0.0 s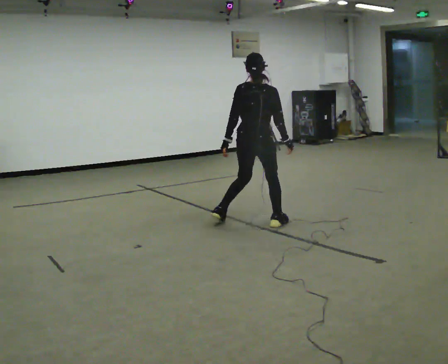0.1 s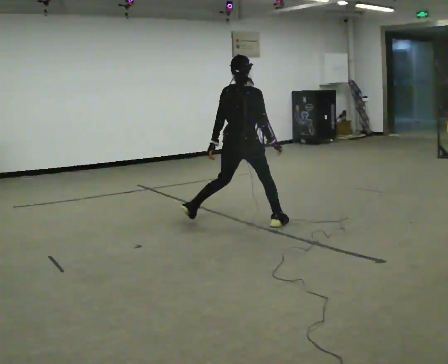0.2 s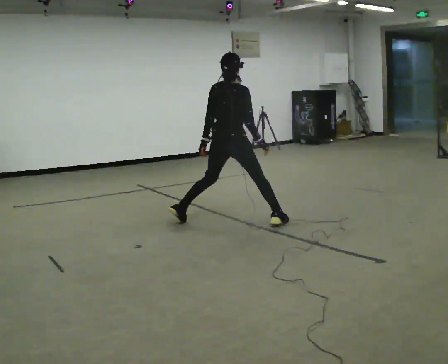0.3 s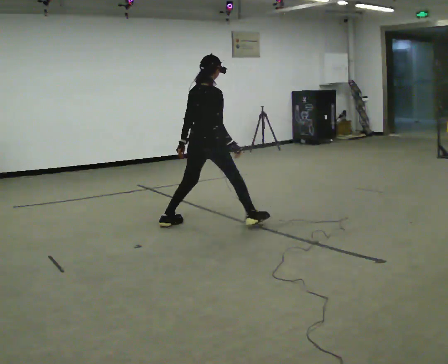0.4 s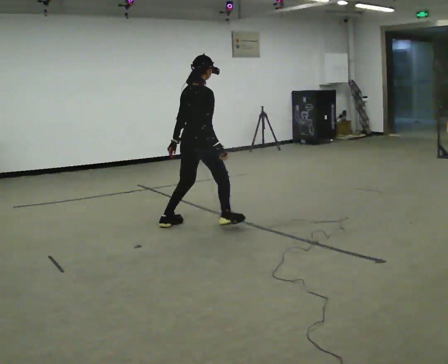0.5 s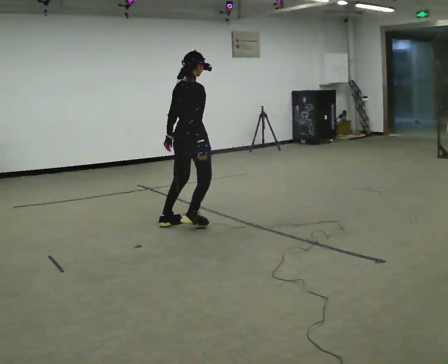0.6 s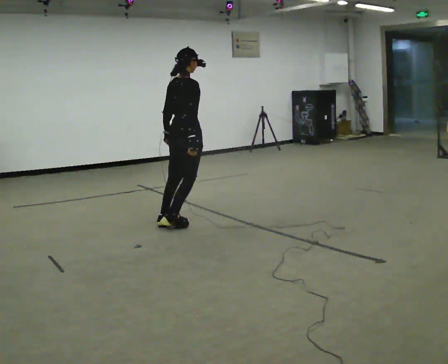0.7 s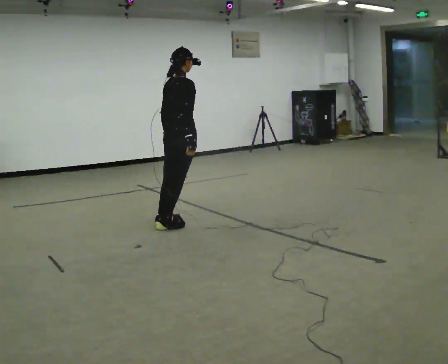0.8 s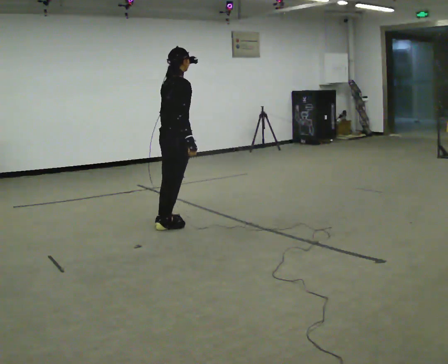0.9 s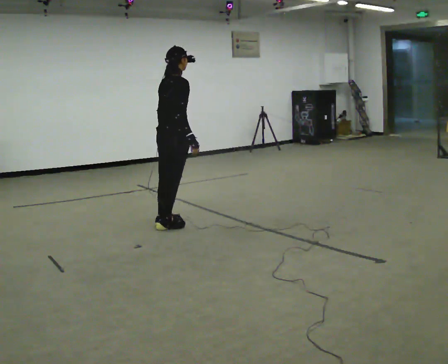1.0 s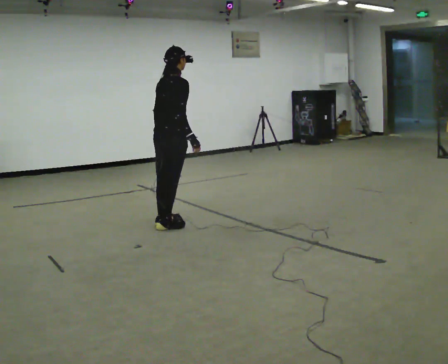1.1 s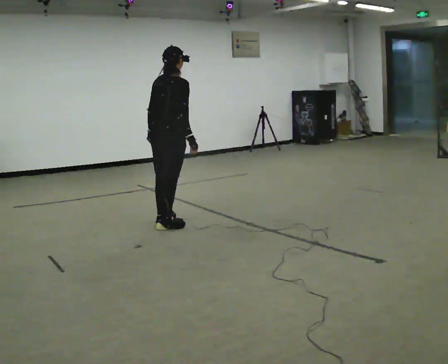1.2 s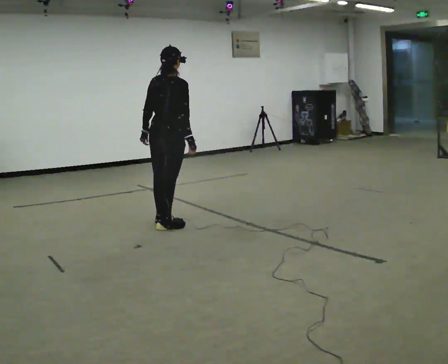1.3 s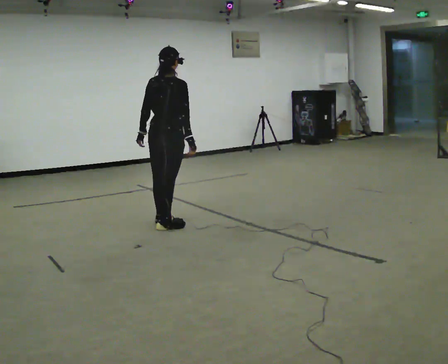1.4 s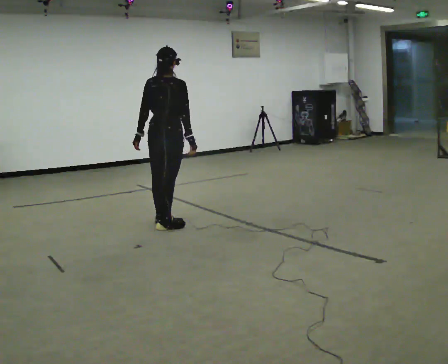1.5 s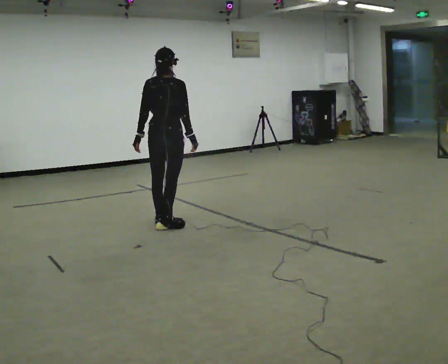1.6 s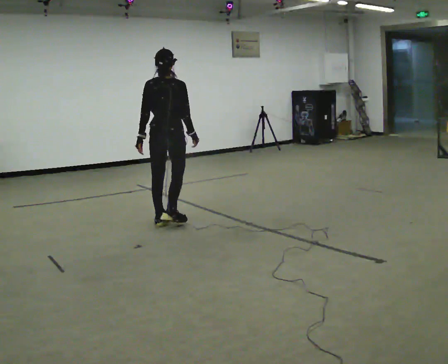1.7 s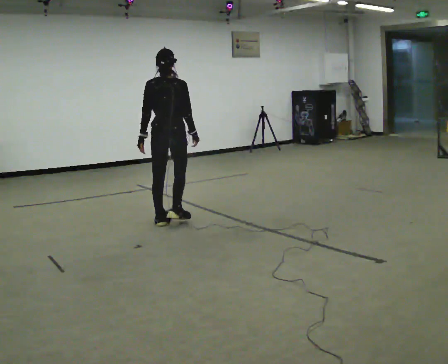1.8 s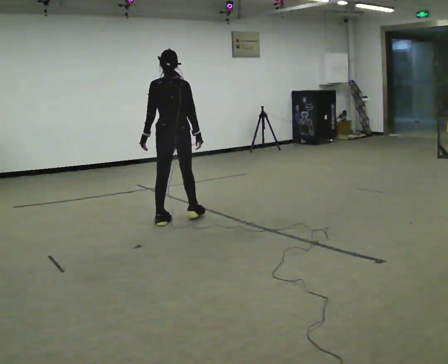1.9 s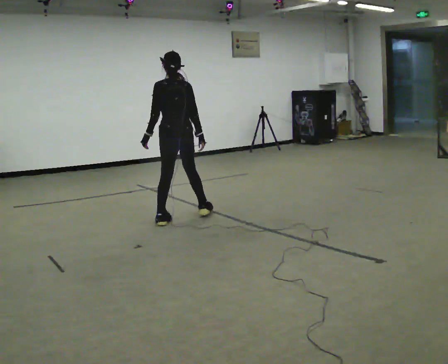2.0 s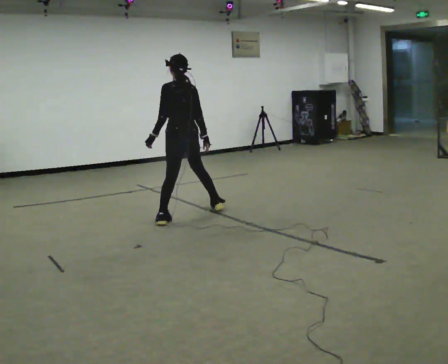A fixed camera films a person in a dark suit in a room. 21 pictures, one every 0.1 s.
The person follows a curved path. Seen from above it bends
clockwise.
0.0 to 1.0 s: The person turns about 30 degrees to their right, clockwise seen from above, so the part of the body nearest the lens slides to the left. In the picture they go to the left, about 1 m in 2 steps, which for them is backward and to their left.
1.0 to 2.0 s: The part of the body nearest the lens slides to the right as the person turns to their left by about 75 degrees. In the picture they go away from the camera, about 0.25 m.
The film runs forward here.
